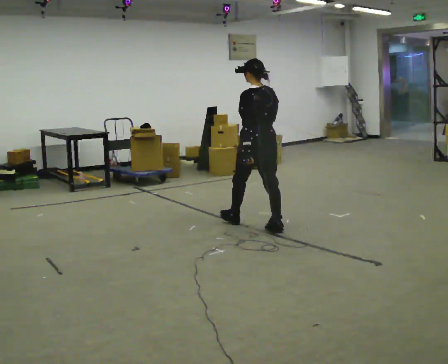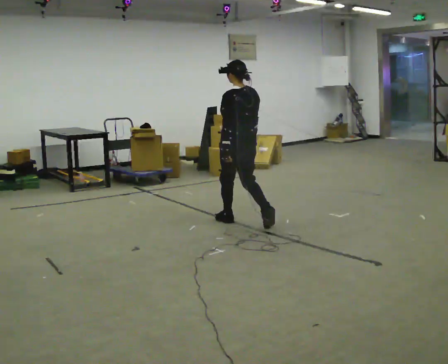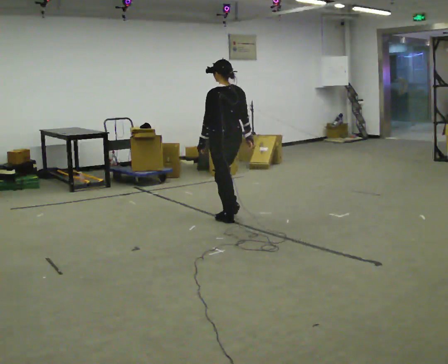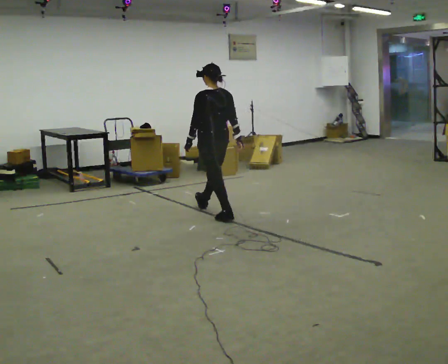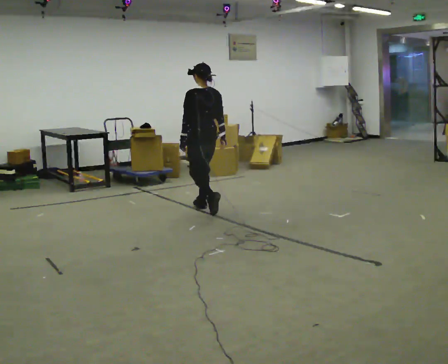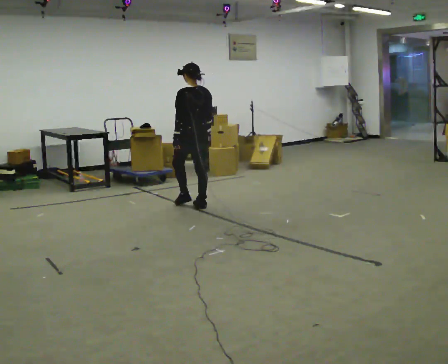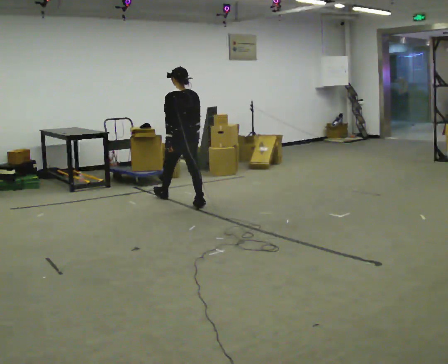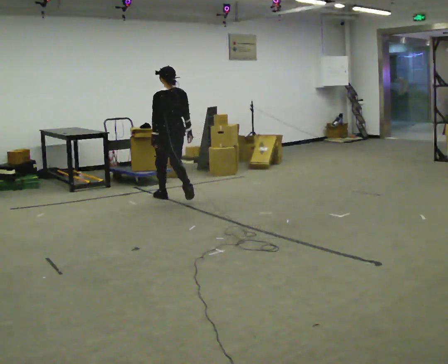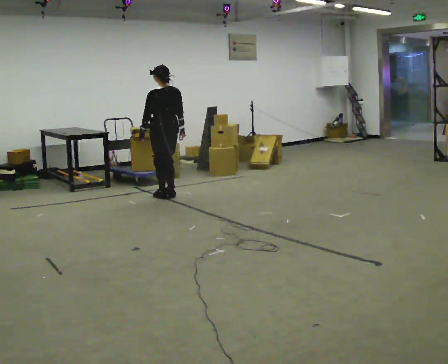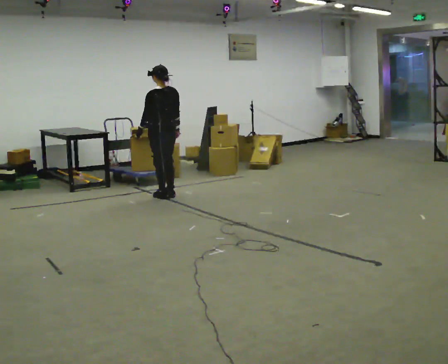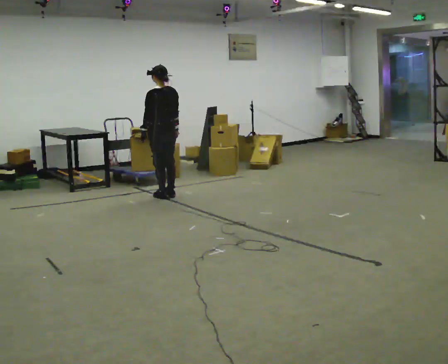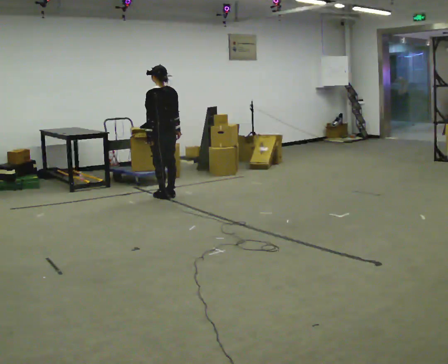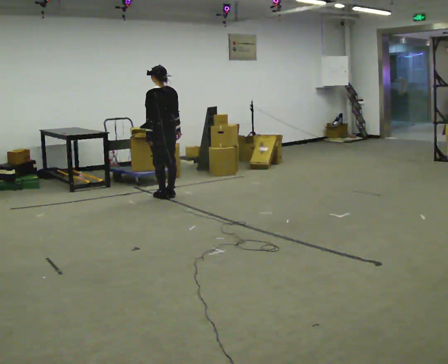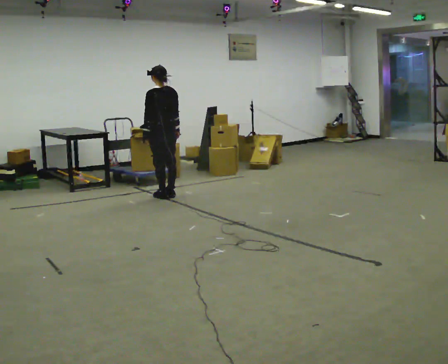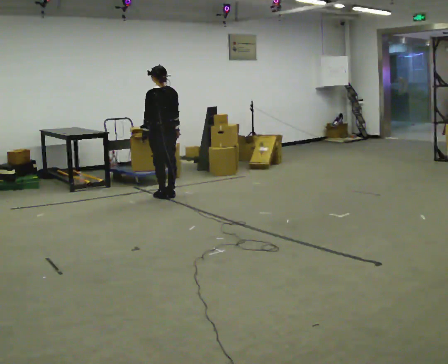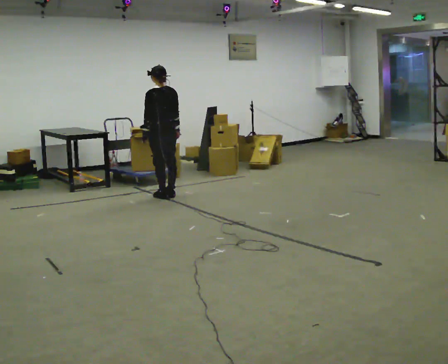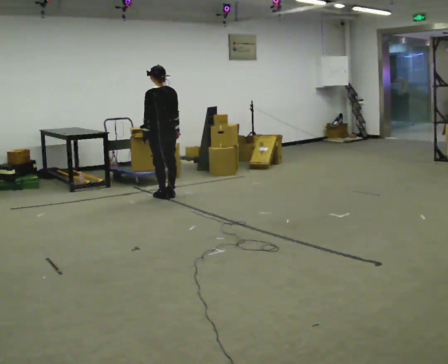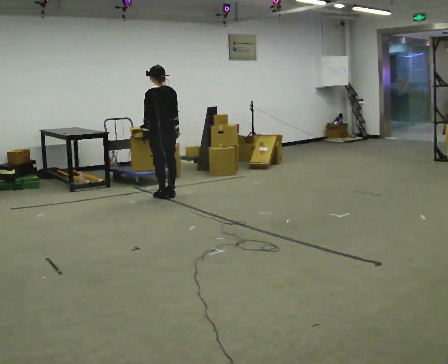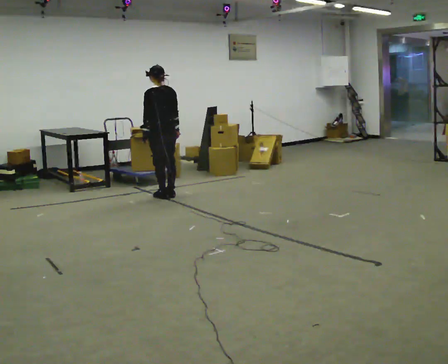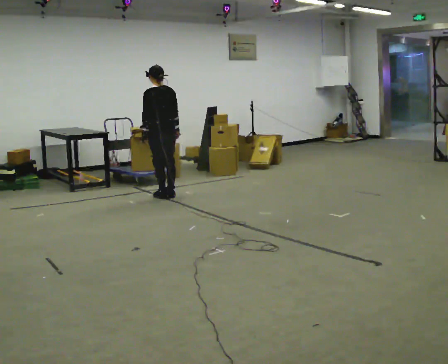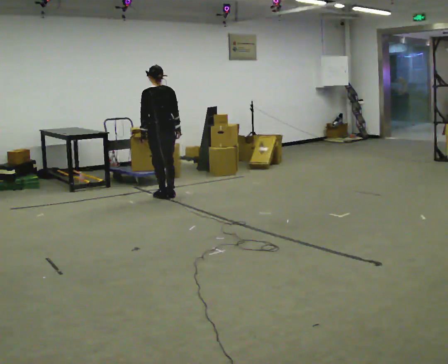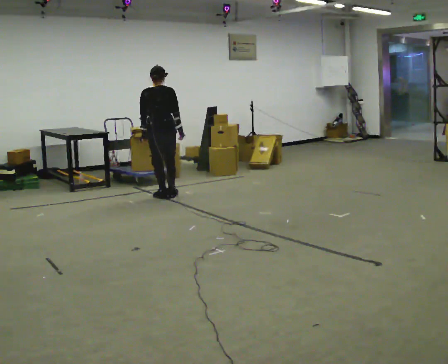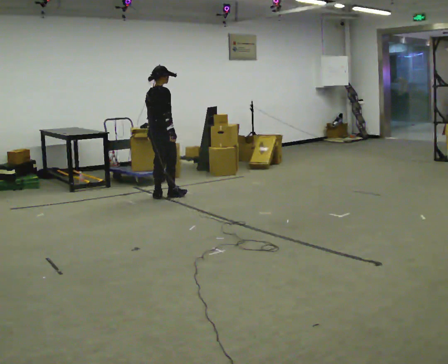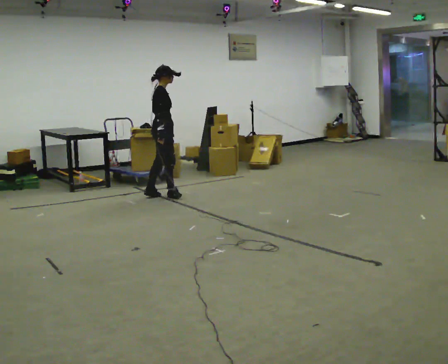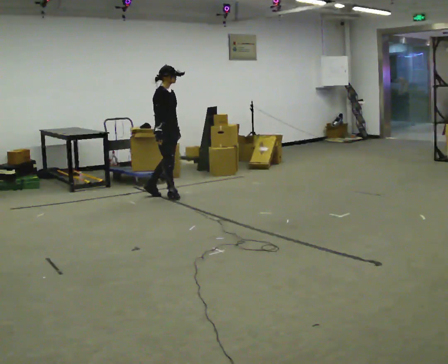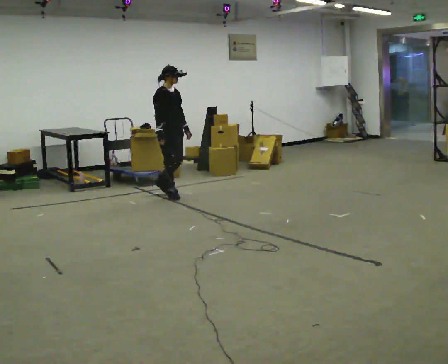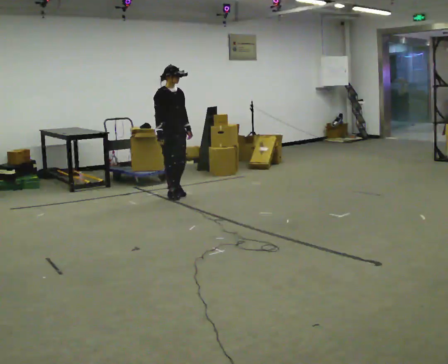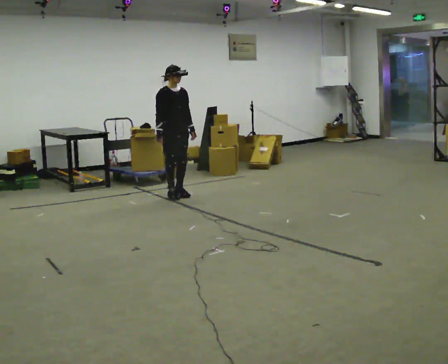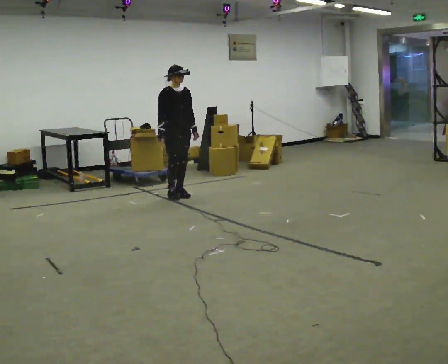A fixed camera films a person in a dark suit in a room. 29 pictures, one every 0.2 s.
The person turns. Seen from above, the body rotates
clockwise.
The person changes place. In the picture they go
away from the camera.
0.0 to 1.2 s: In the picture they go away from the camera and to the left, about 1.5 m in 2 steps, which for them is forward.
1.2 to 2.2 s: In the picture they go away from the camera and to the left, about 0.25 m in 2 steps, which for them is forward.
2.2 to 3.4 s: The person moves a little, or ends about where they began.
3.4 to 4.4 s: Seen from above the body turns clockwise, about 90 degrees: to their right, with its near side sliding to the left.
4.4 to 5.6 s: The part of the body nearest the lens slides to the left as the person turns to their right by about 90 degrees. In the picture they go to the right, about 0.25 m in 1 step. In the picture their left hand goes to the right.
The film runs forward here.
